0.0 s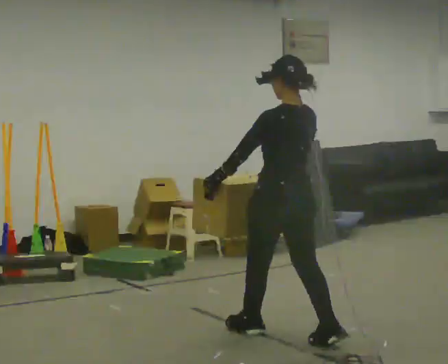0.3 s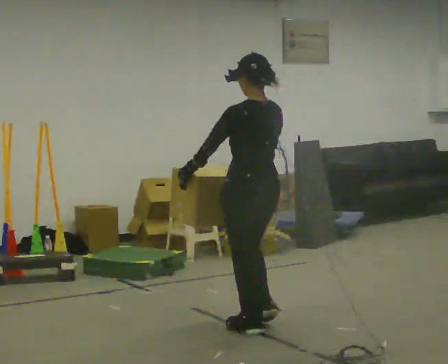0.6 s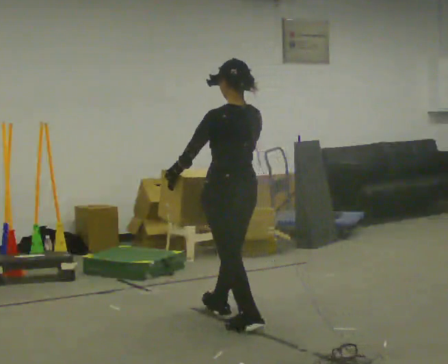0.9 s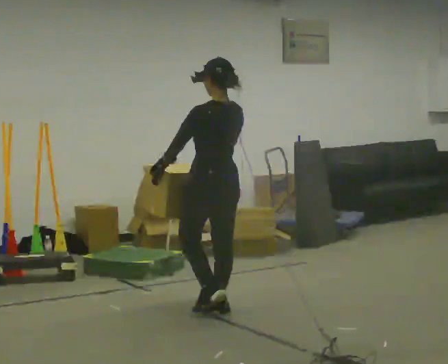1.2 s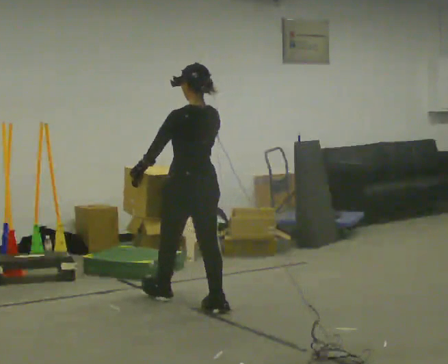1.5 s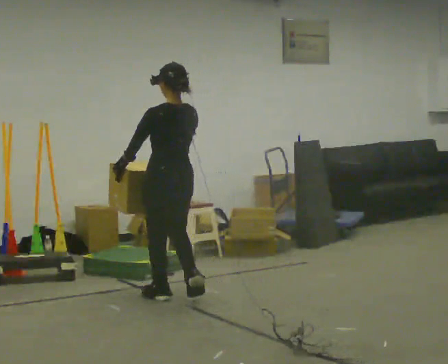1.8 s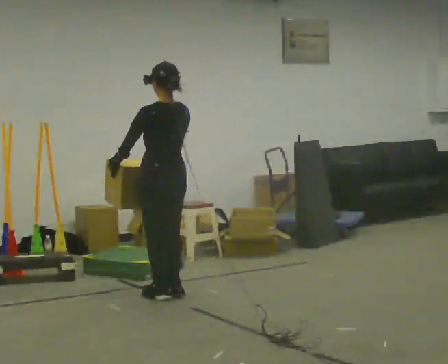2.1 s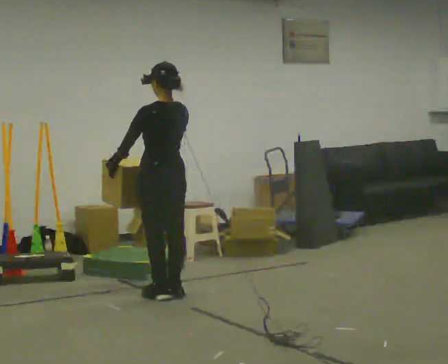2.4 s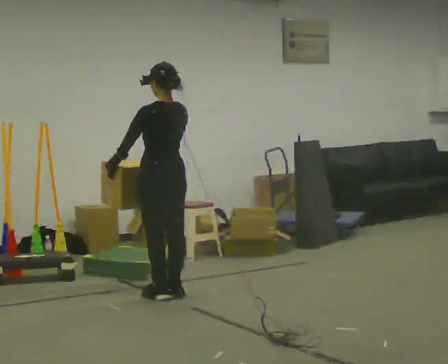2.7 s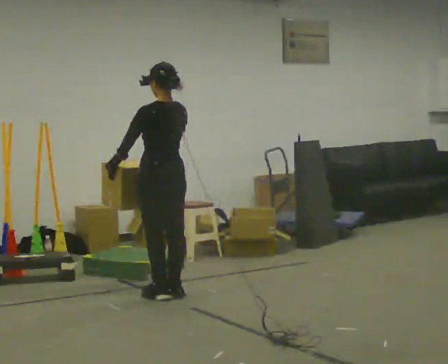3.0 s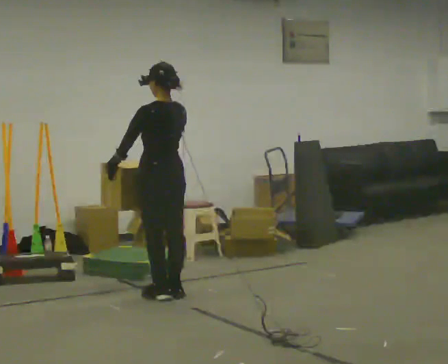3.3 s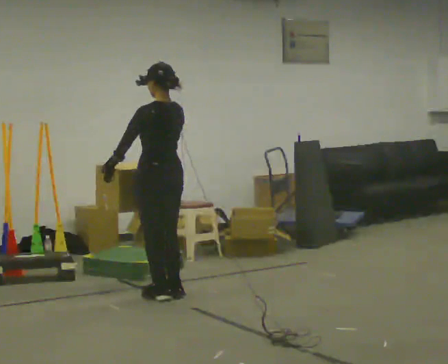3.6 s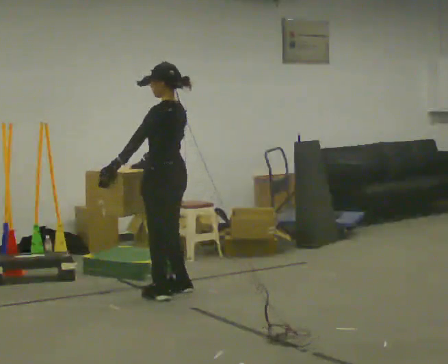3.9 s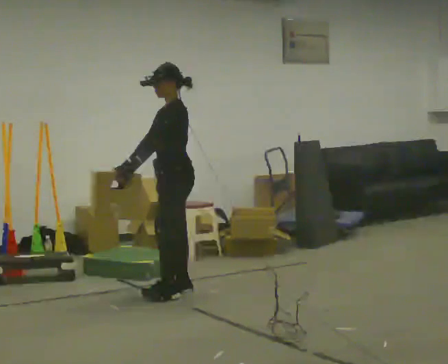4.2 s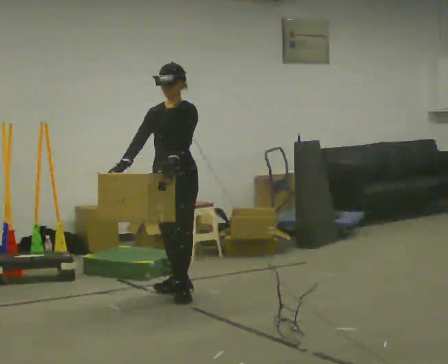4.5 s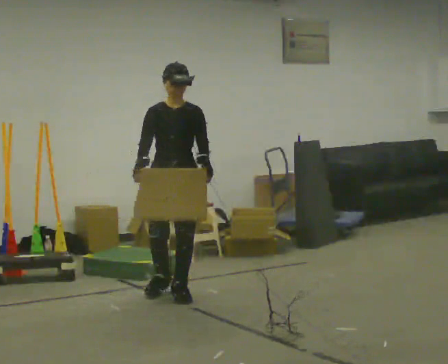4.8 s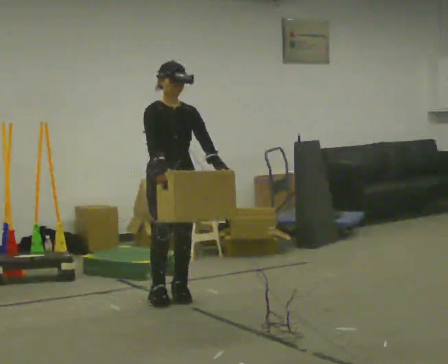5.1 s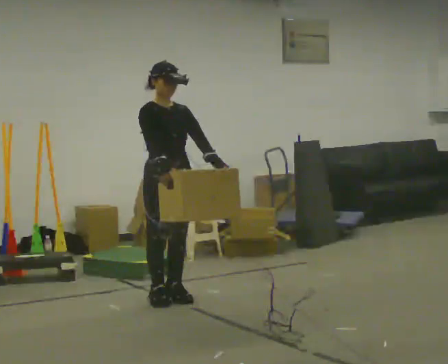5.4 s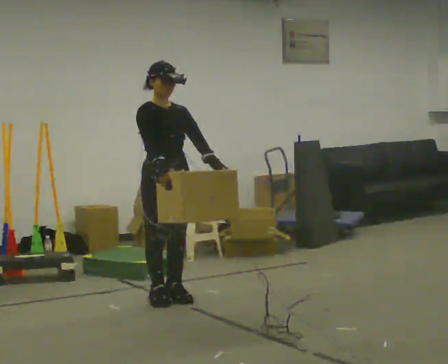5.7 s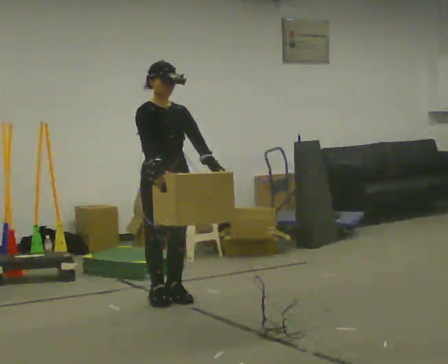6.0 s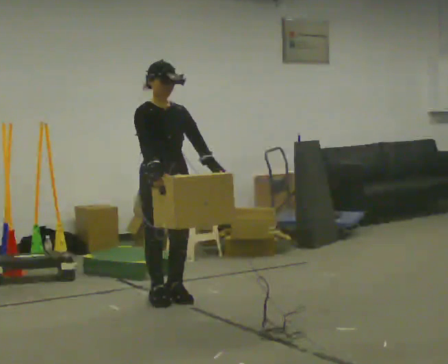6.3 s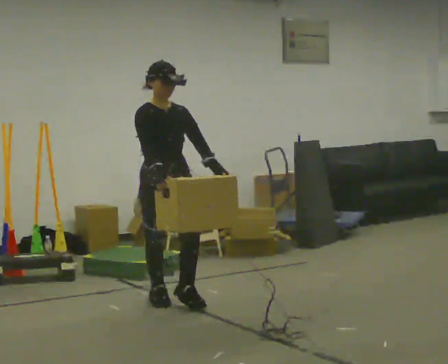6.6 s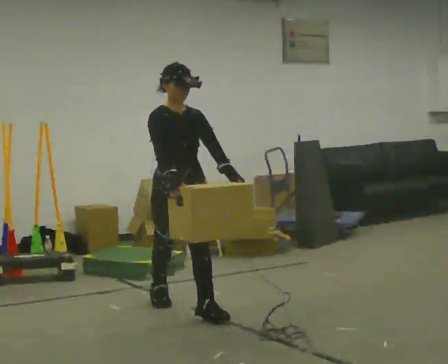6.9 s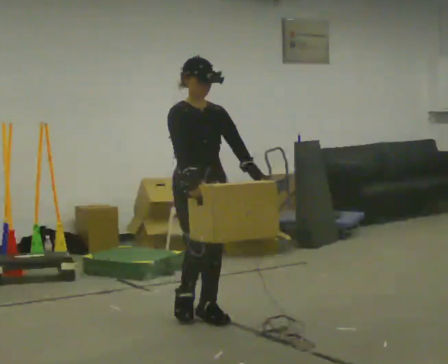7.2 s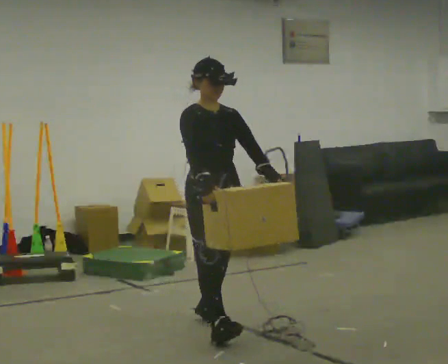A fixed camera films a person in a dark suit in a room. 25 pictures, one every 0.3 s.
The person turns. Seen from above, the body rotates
counterclockwise.
Their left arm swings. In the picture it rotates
counterclockwise.
0.0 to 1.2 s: In the picture they go away from the camera and to the left, about 1 m in 2 steps, which for them is forward.
1.2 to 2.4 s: In the picture they go away from the camera and to the left, about 0.25 m in 1 step, which for them is forward.
2.4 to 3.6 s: The person turns about 45 degrees to their left, counterclockwise seen from above, so the part of the body nearest the lens slides to the right.
3.6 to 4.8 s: The person turns about 135 degrees to their left, counterclockwise seen from above, so the part of the body nearest the lens slides to the right. In the picture they go toward the camera, about 0.25 m in 1 step.
4.8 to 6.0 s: The person moves a little, or ends about where they began.
6.0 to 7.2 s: In the picture they go toward the camera and to the right, about 1 m in 1 step, which for them is forward.
The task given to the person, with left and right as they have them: Carry the heaviest box in both hands in front of you, walking back and forth across the room. Only carry what is comfortable. Set it down whenever you need to.
The film runs forward here.
